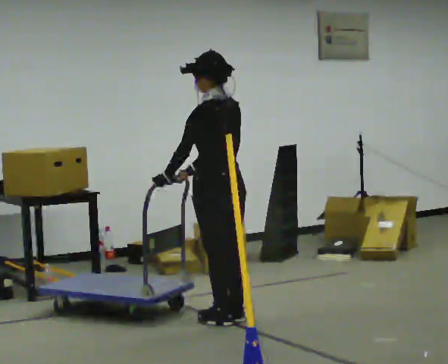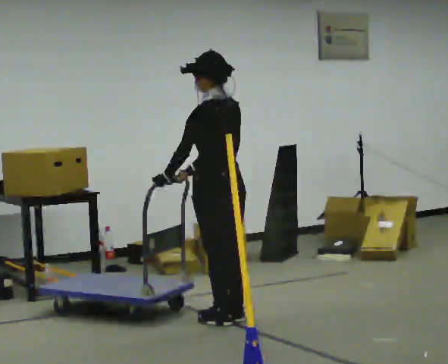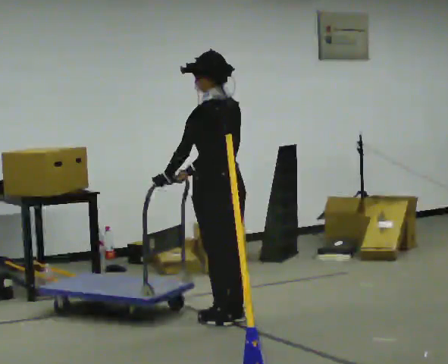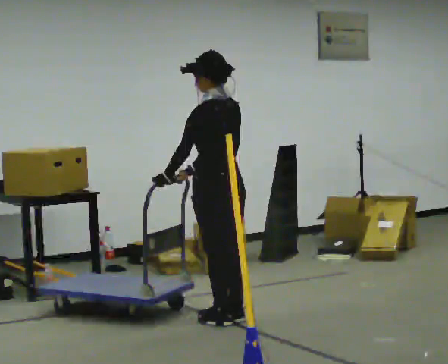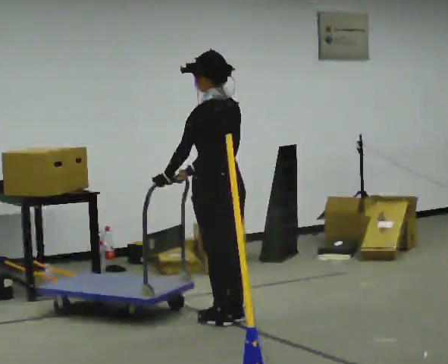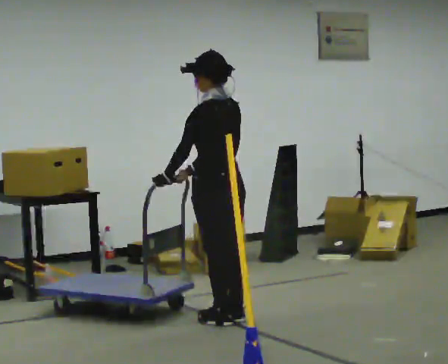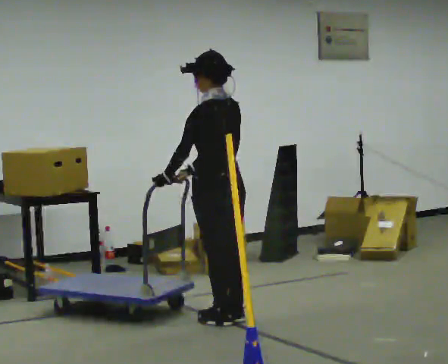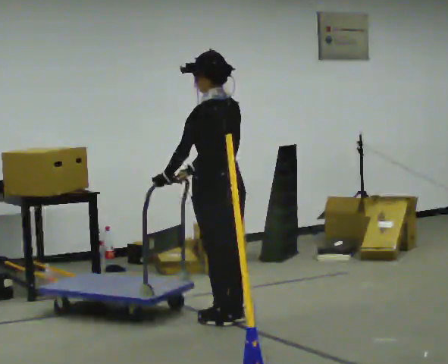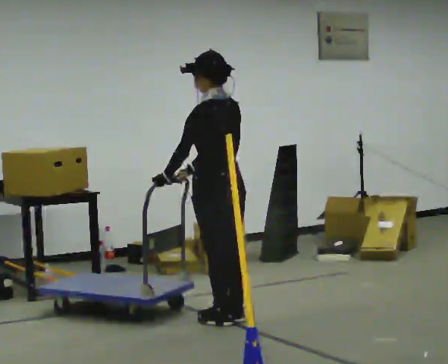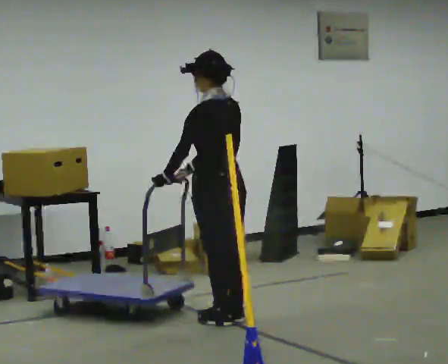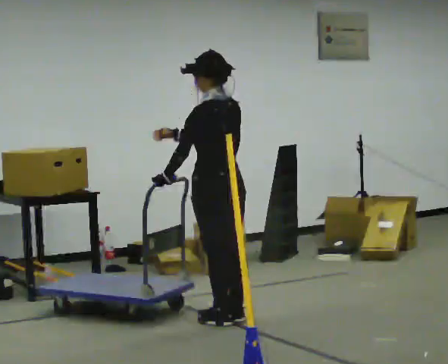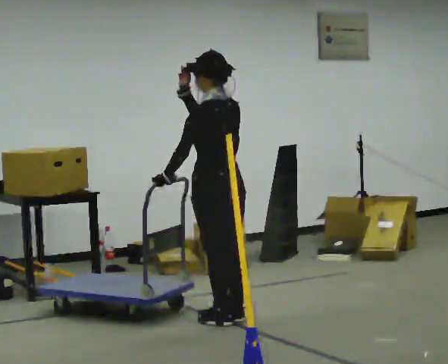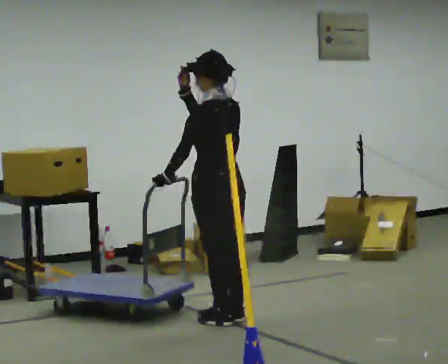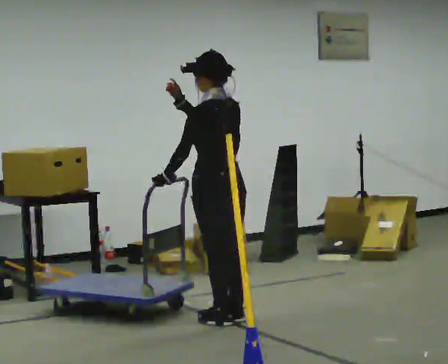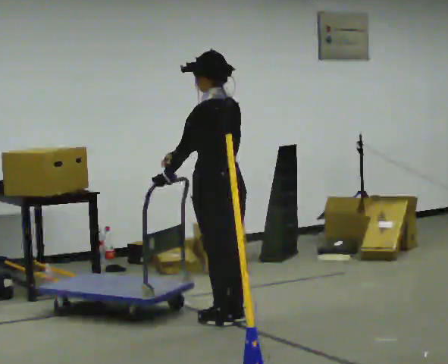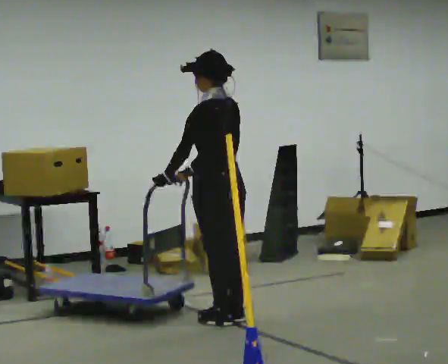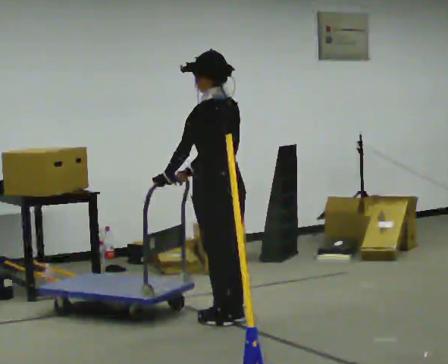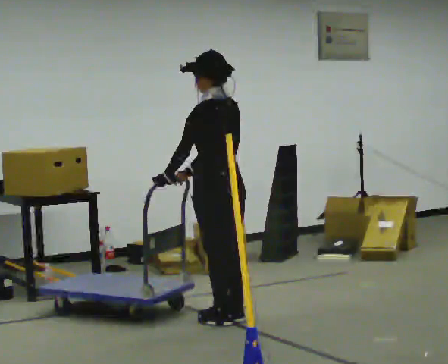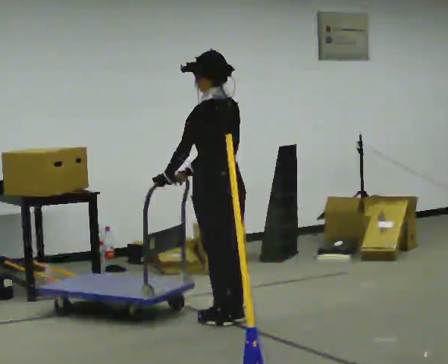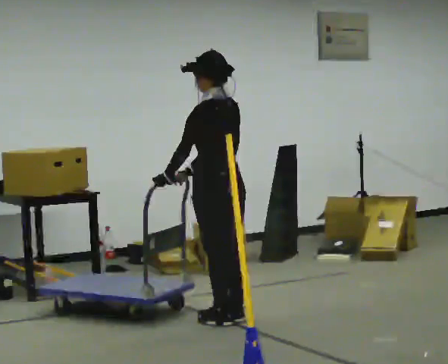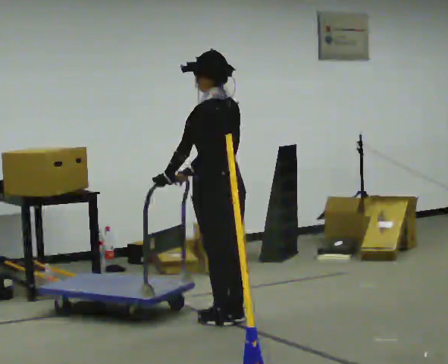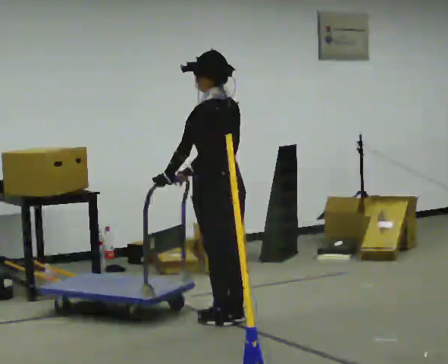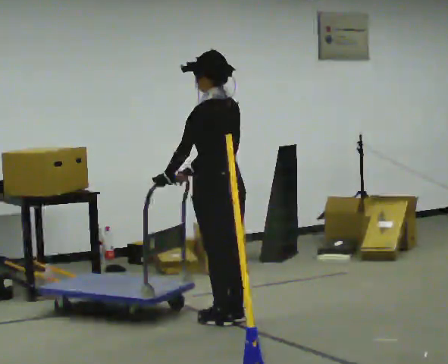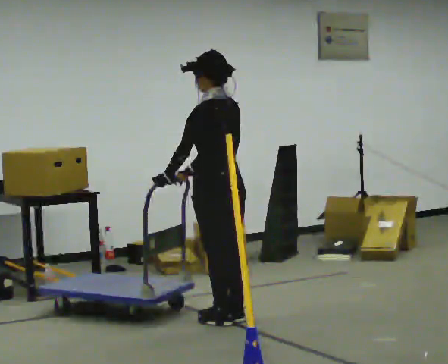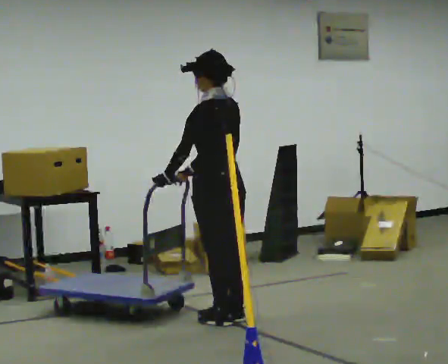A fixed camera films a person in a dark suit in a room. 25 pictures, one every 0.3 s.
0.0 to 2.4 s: The person keeps their place and pose.
2.4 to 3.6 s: In the picture their right hand goes upward.
3.6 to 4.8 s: In the picture their right hand goes downward.
4.8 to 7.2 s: The person keeps their place and pose.
The film runs backward here.
